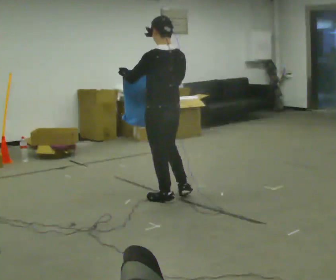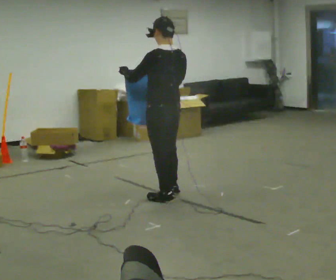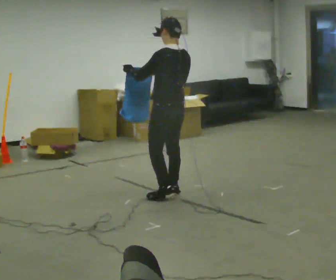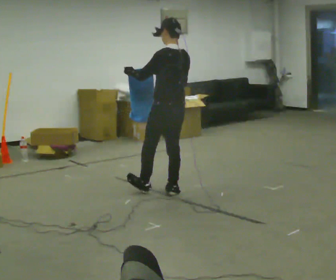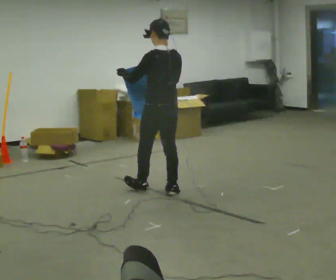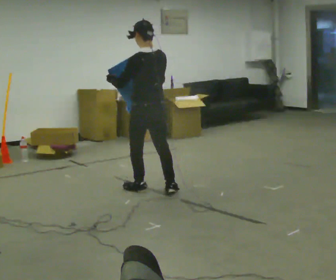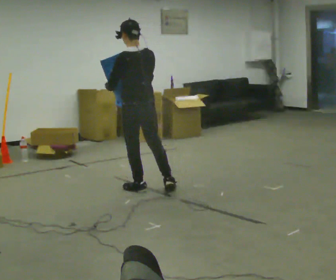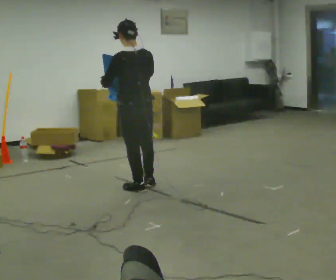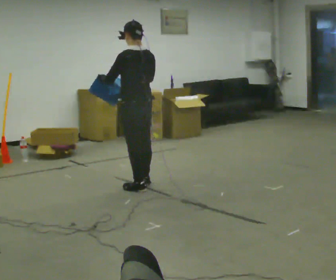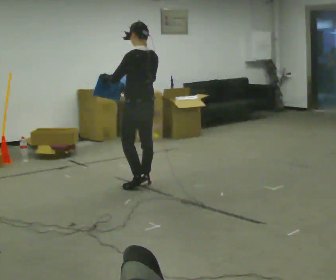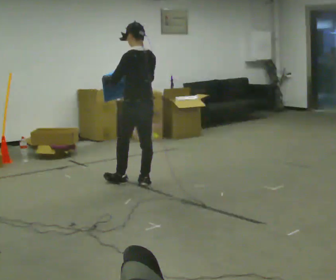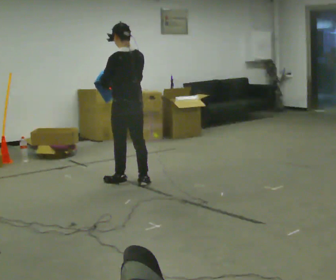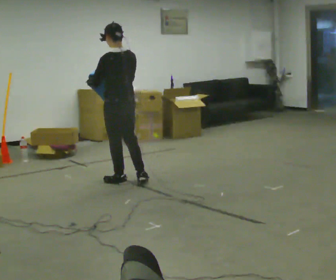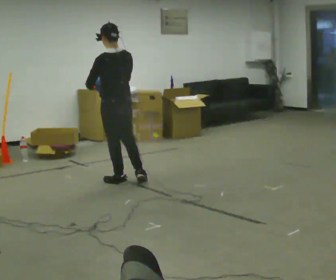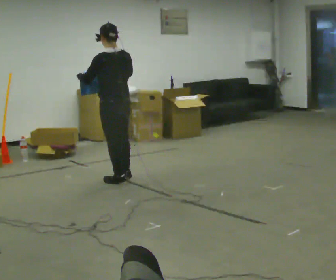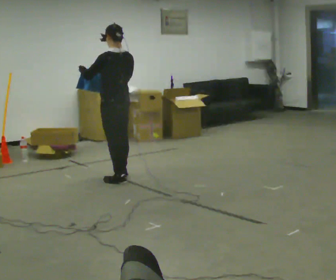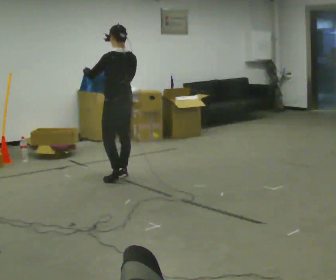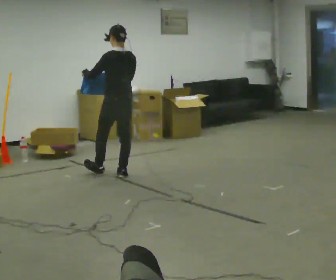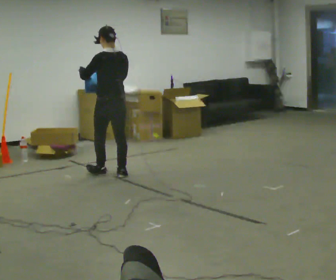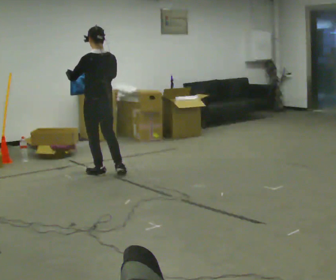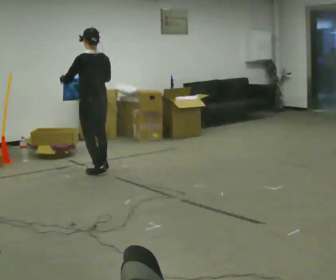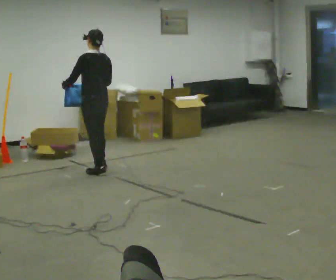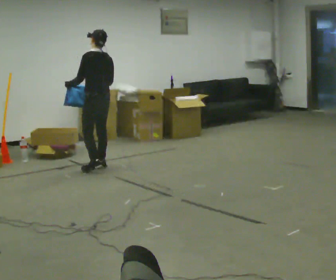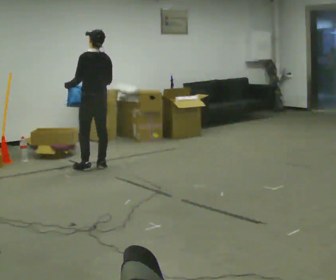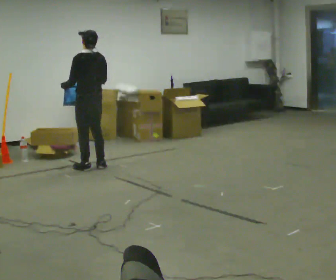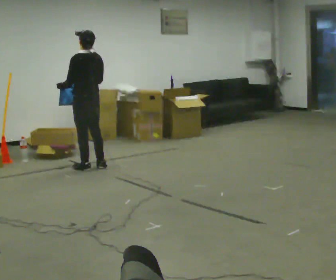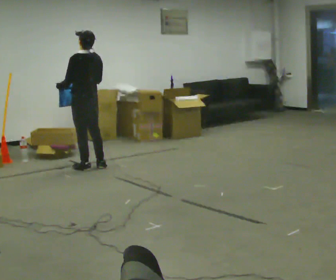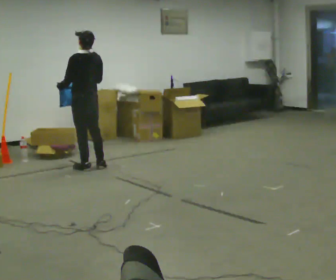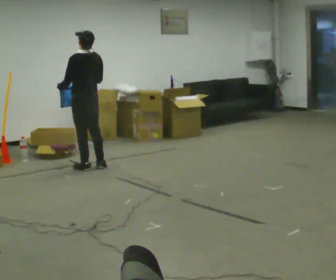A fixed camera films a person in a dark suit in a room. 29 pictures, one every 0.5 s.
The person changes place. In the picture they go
away from the camera.
0.0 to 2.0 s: In the picture they go away from the camera, about 0.25 m in 2 steps, which for them is forward and to their right.
2.0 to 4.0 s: In the picture they go away from the camera and to the left, about 0.25 m in 1 step, which for them is forward.
4.0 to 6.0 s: In the picture they go away from the camera and to the left, about 0.25 m in 1 step, which for them is forward.
6.0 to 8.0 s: In the picture they go away from the camera, about 0.25 m in 1 step, which for them is forward and to their right.
8.0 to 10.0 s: In the picture they go to the left and away from the camera, about 0.25 m in 1 step, which for them is forward and to their left.
10.0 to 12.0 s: In the picture they go away from the camera, about 0.25 m in 2 steps, which for them is forward and to their right.
12.0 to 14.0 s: The person moves a little, or ends about where they began.
The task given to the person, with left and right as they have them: Carry the cloth and, while walking, fold it in half, then unfold it. Keep repeating as you walk. Do not stop.
The film runs forward here.
